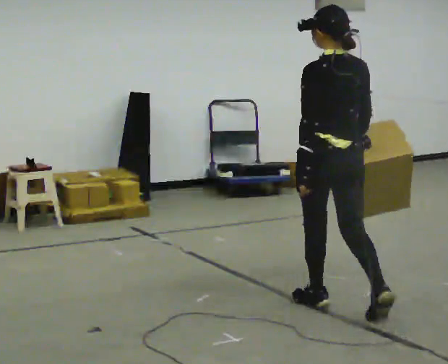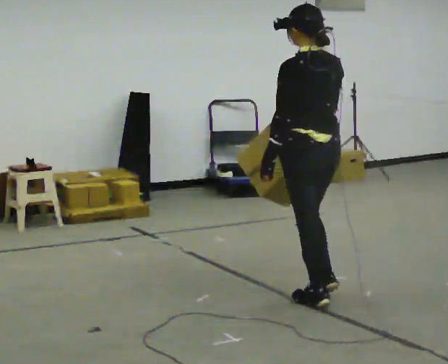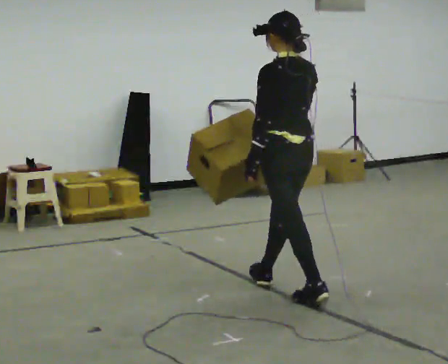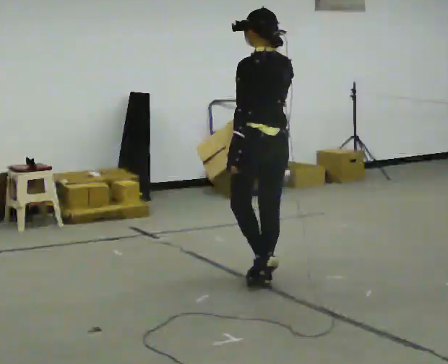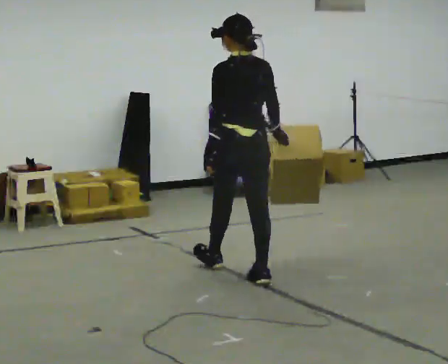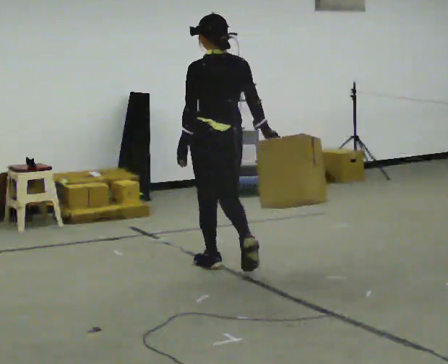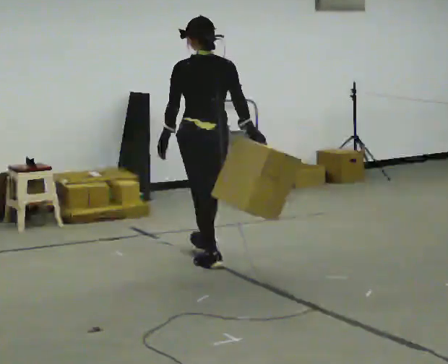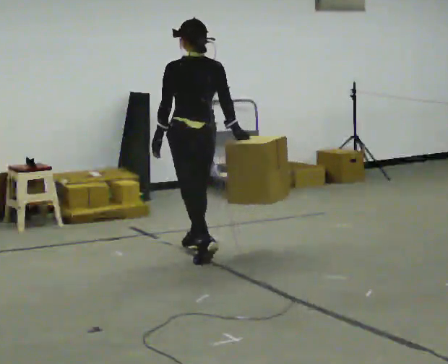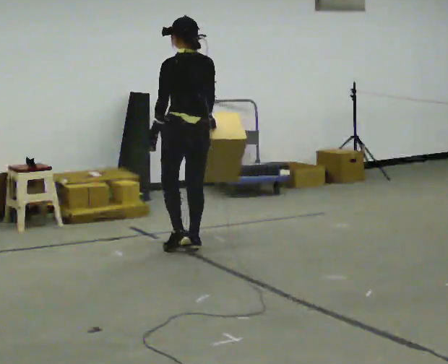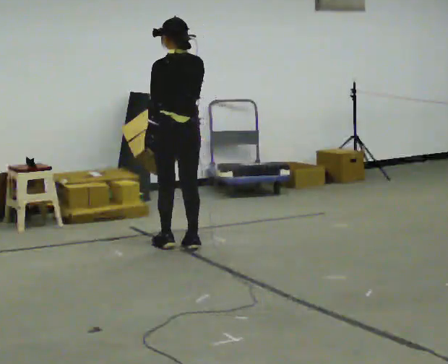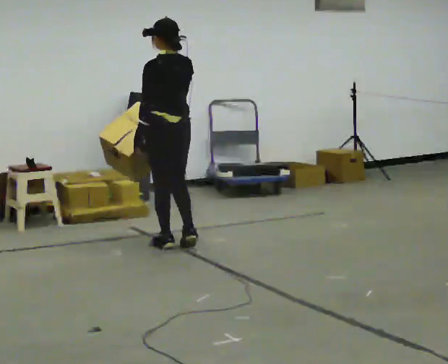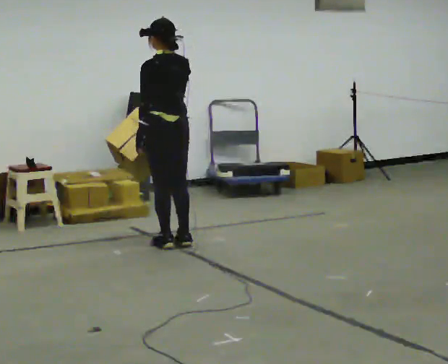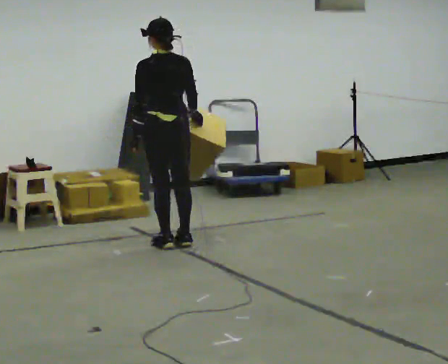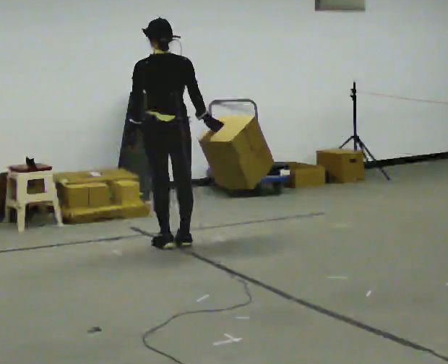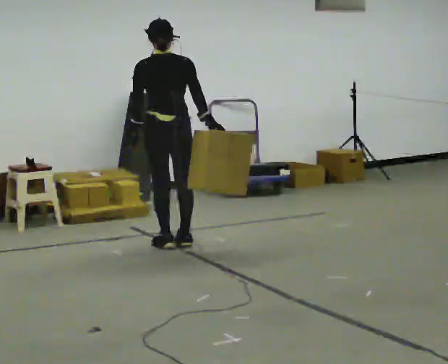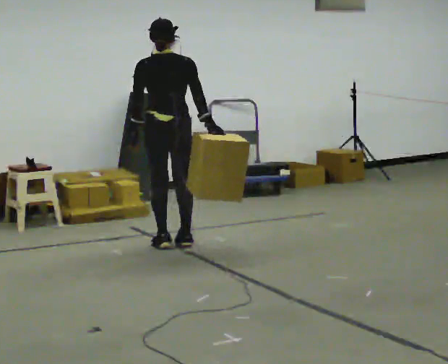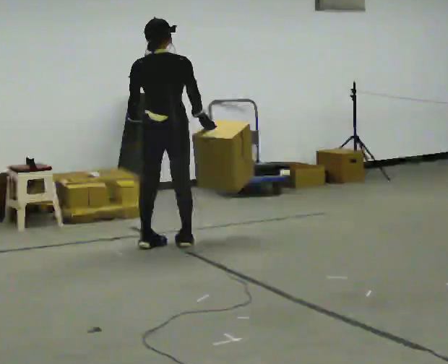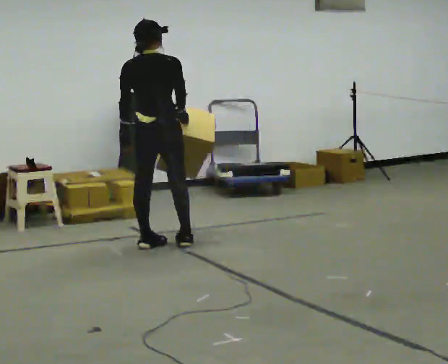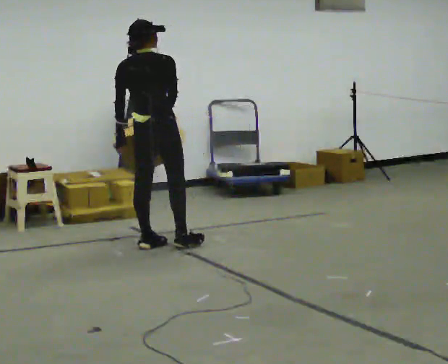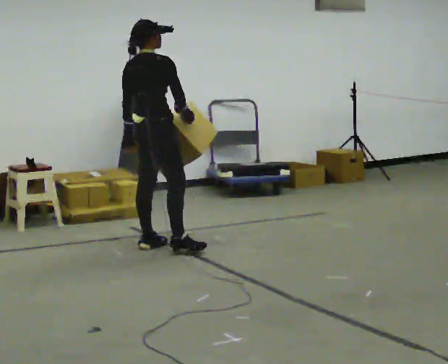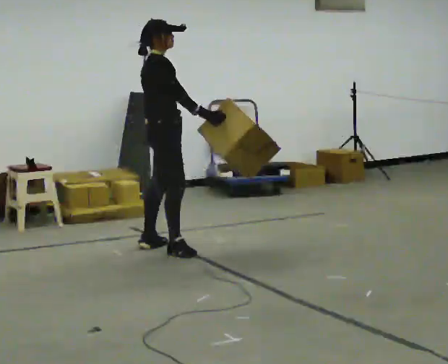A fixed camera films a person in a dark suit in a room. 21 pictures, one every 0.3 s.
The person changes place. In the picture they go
away from the camera.
The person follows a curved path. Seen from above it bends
counterclockwise.
0.0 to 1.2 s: In the picture they go away from the camera and to the left, about 1 m in 1 step, which for them is forward.
1.2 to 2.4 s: In the picture they go away from the camera and to the left, about 1 m in 2 steps, which for them is forward.
2.4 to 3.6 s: The person moves a little, or ends about where they began.
3.6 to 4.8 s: The person turns about 30 degrees to their right, clockwise seen from above, so the part of the body nearest the lens slides to the left.
4.8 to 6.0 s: Seen from above the body turns clockwise, about 75 degrees: to their right, with its near side sliding to the left. In the picture they go toward the camera, about 0.25 m in 1 step.
The film runs forward here.
